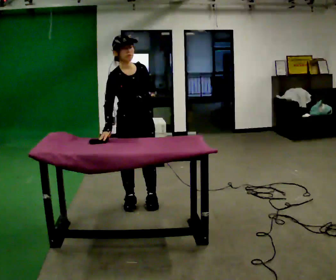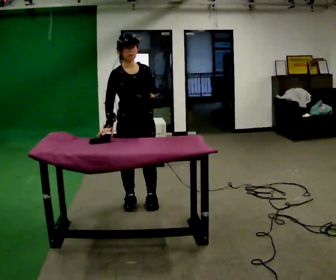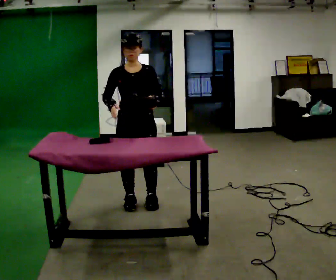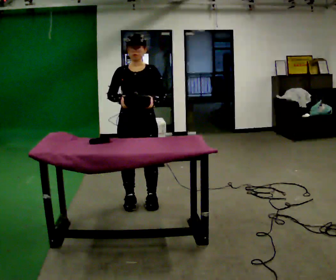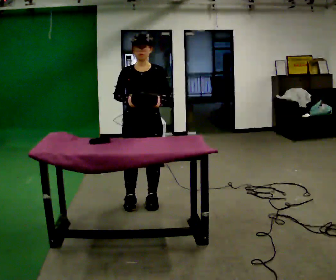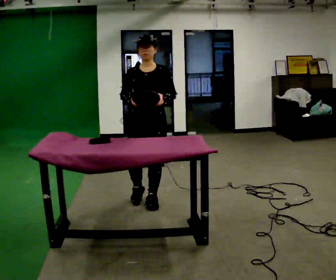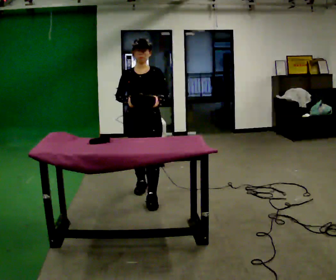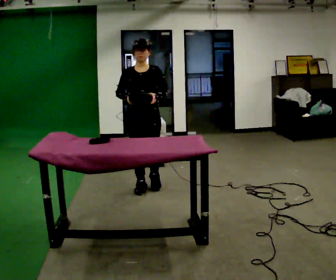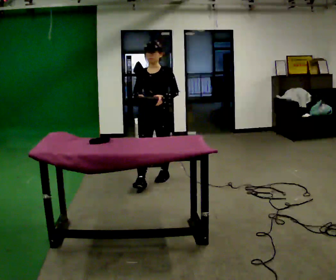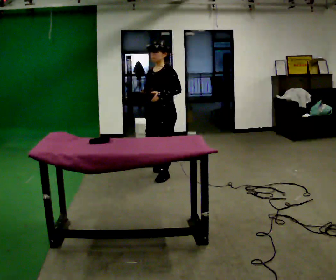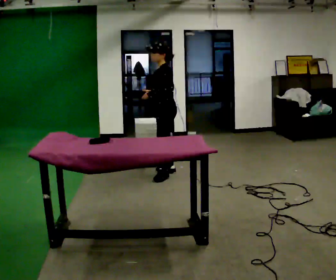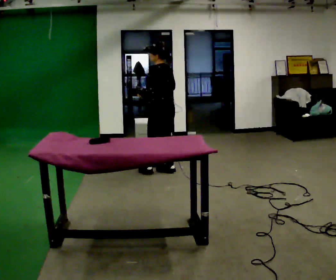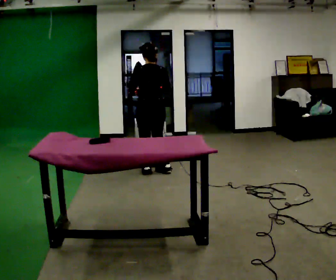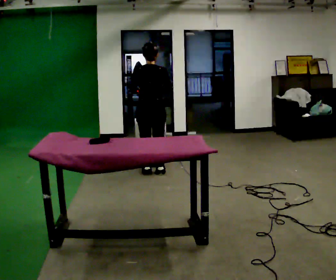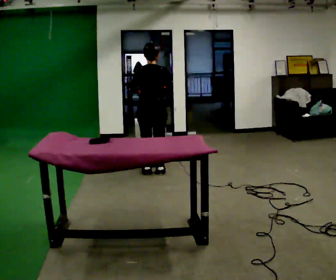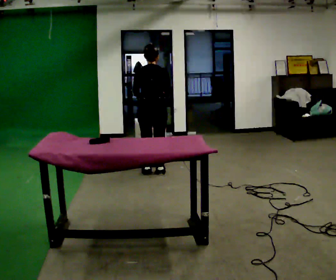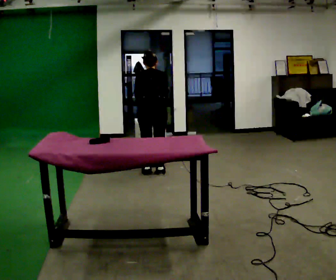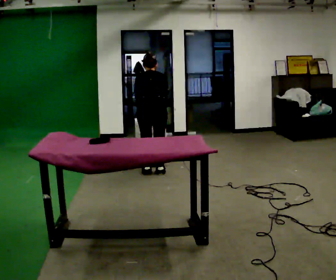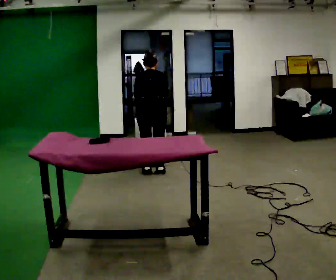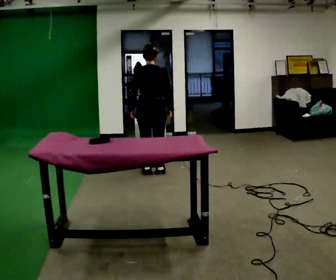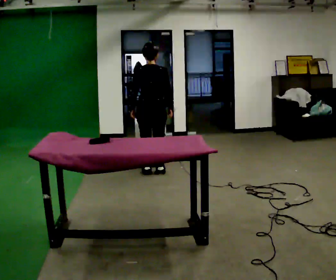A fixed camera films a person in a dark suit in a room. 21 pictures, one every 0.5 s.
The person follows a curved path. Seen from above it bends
counterclockwise.
The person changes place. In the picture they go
away from the camera.
0.0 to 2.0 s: The part of the body nearest the lens slides to the left as the person turns to their right by about 30 degrees.
2.0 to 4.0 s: In the picture they go away from the camera, about 0.5 m in 3 steps, which for them is backward.
4.0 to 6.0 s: Seen from above the body turns clockwise, about 150 degrees: to their right, with its near side sliding to the left. In the picture they go away from the camera, about 0.5 m in 2 steps.
6.0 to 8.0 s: The upper body tips away from the camera, its near side rolling upward, as they bend forward.
8.0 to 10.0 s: The upper body tips toward the camera, its near side rolling downward, as they lean back or straighten.
The film runs backward here.
